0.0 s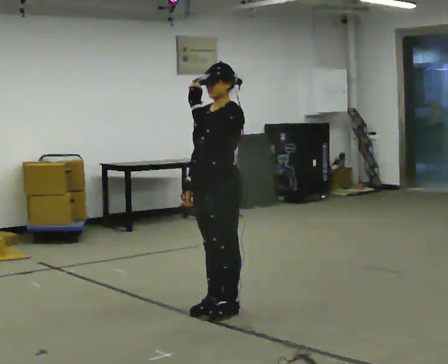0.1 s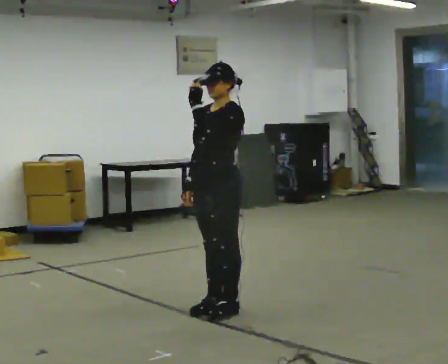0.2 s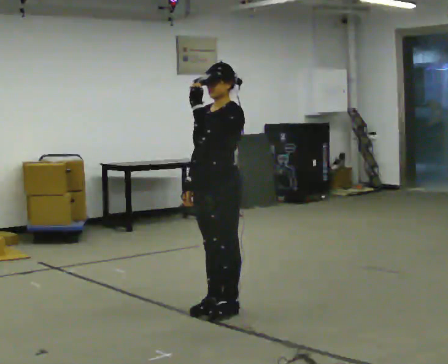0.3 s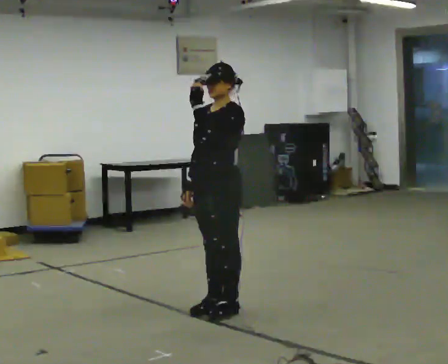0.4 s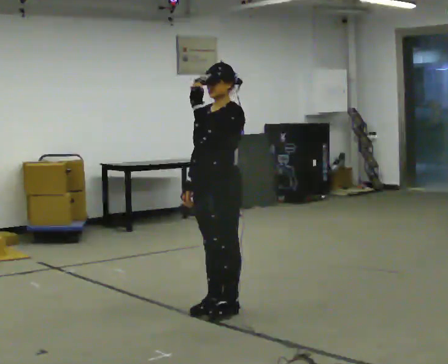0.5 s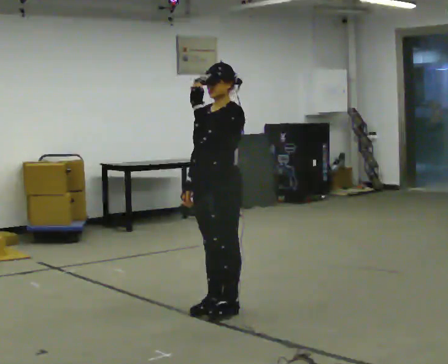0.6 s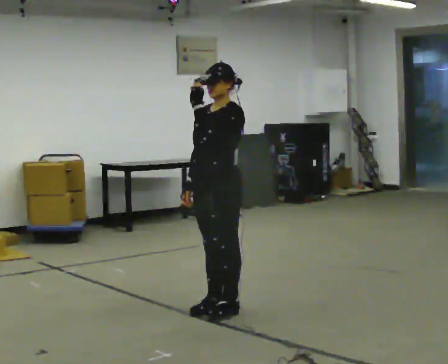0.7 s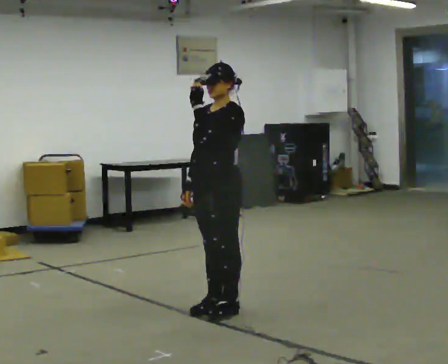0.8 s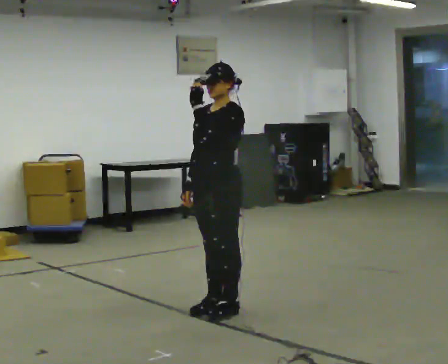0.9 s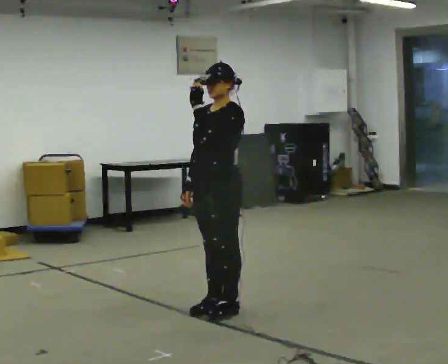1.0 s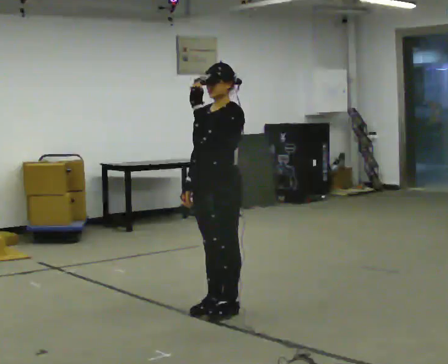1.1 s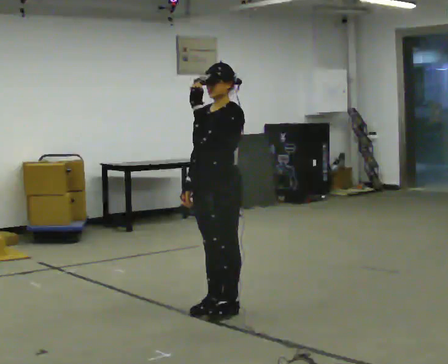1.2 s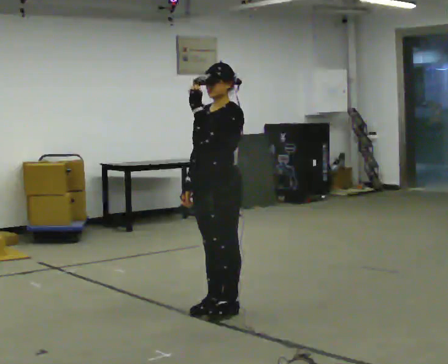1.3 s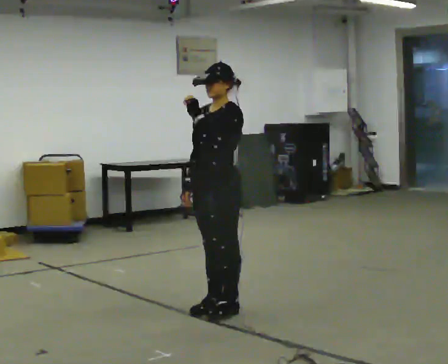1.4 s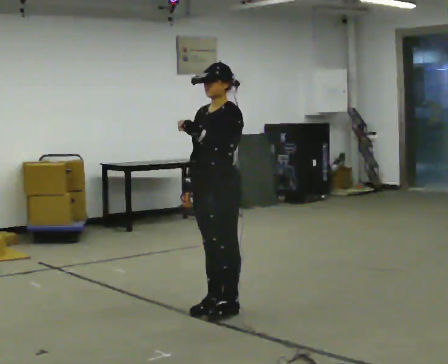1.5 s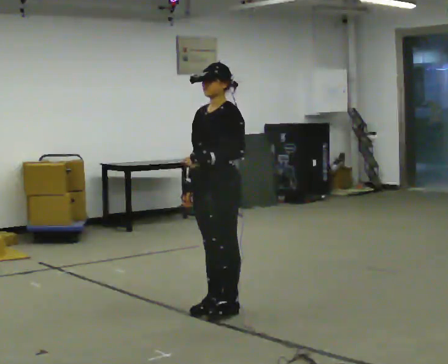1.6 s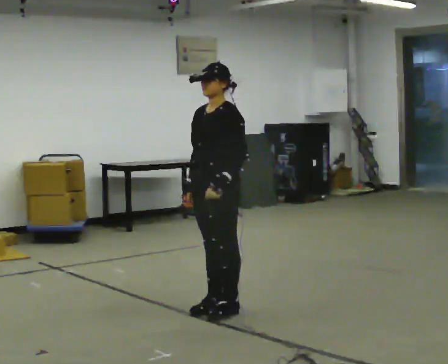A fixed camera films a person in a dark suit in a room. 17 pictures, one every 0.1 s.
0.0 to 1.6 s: In the picture their left hand goes downward.
The film runs forward here.
